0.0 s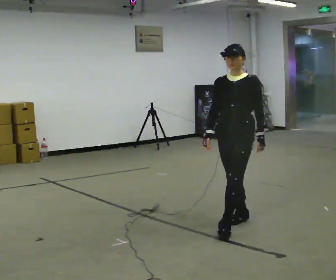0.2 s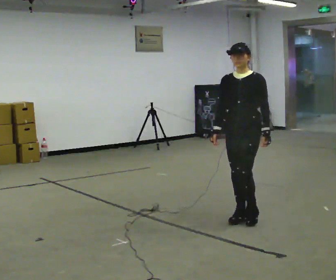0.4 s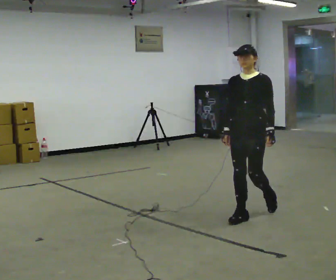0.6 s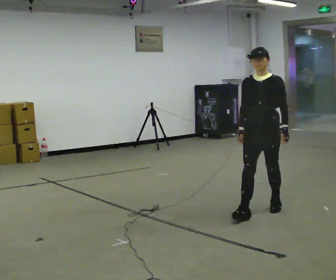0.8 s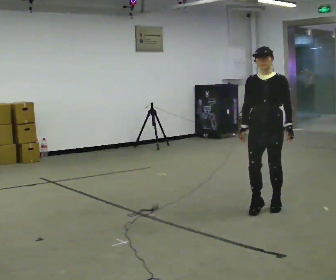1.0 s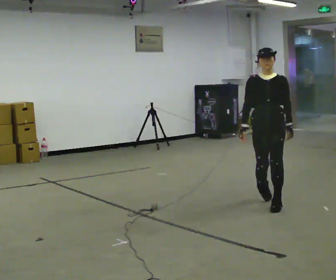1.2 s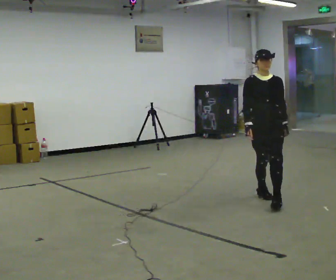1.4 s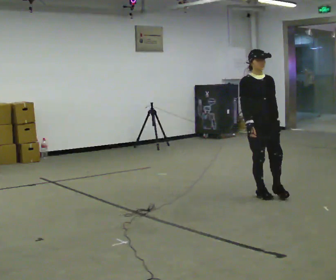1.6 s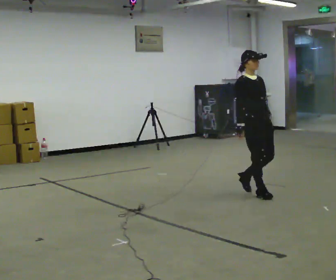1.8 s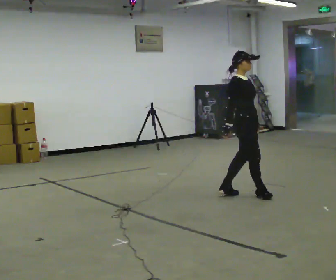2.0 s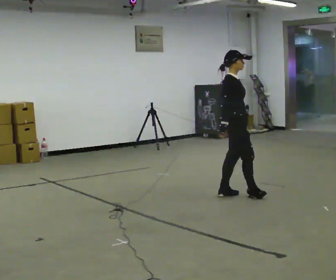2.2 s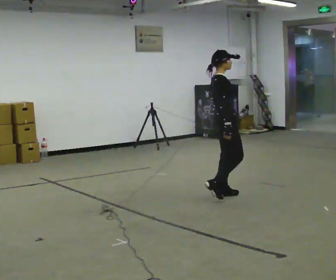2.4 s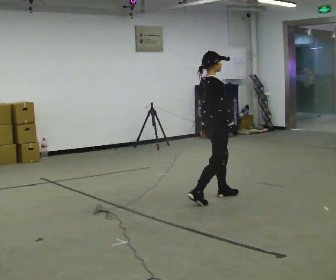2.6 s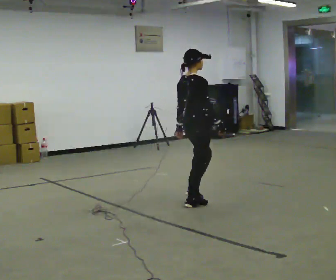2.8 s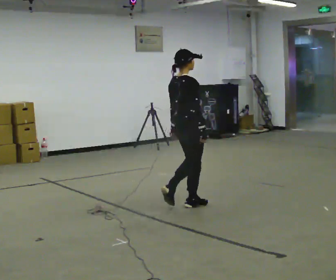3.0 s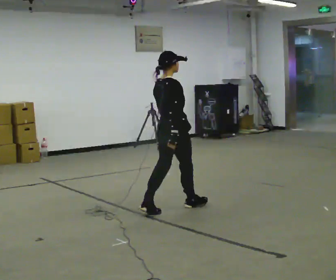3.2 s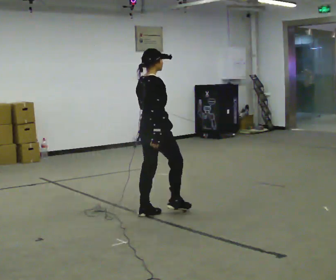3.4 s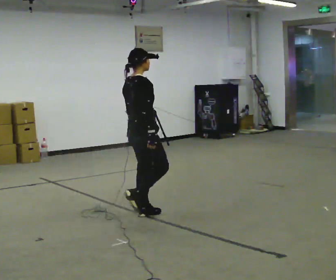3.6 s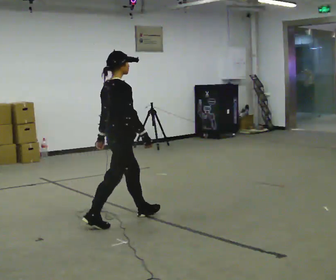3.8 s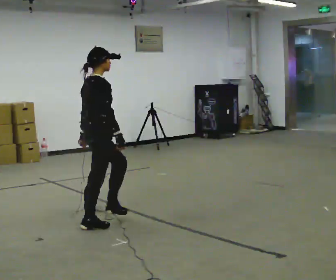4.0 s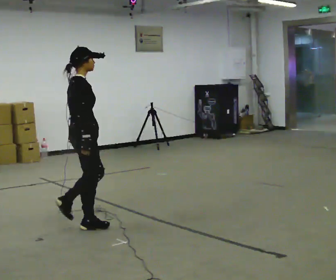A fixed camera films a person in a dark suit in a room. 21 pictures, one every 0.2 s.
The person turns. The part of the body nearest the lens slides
to the right.
The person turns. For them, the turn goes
to their left.
0.0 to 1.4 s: The part of the body nearest the lens slides to the right as the person turns to their left by about 45 degrees. In the picture they go away from the camera, about 1 m in 3 steps, which for them is backward.
1.4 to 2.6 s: The part of the body nearest the lens slides to the right as the person turns to their left by about 105 degrees. In the picture they go to the left, about 0.5 m in 2 steps.
2.6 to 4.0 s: In the picture they go to the left and toward the camera, about 1.5 m in 2 steps, which for them is backward.
The film runs backward here.
